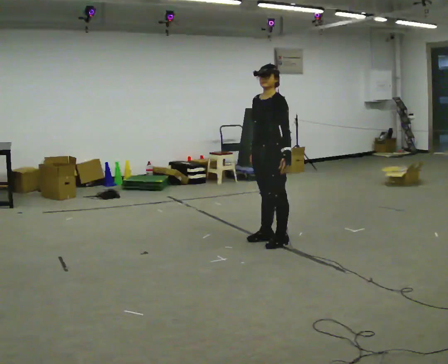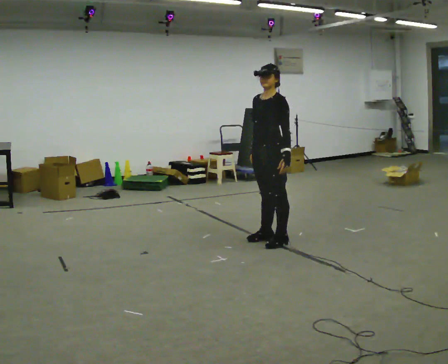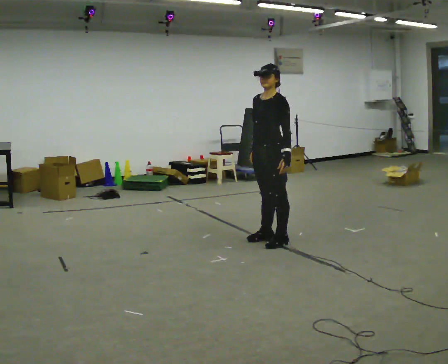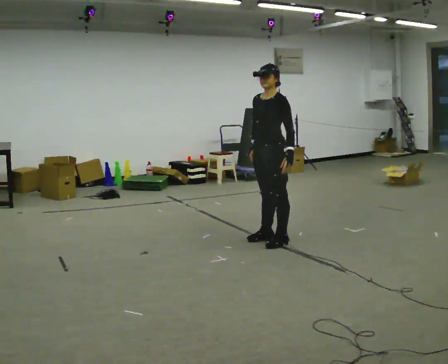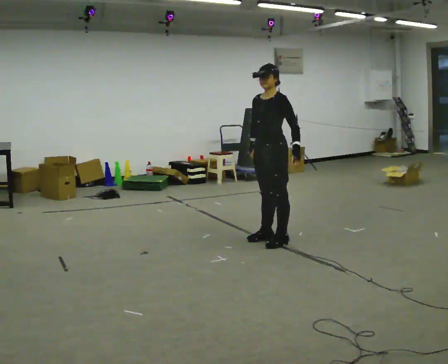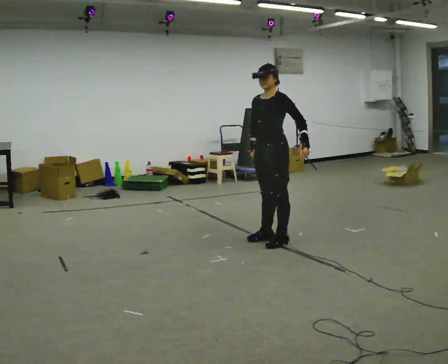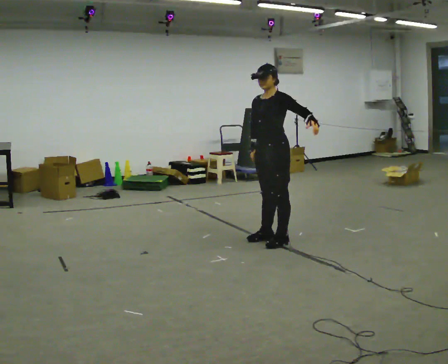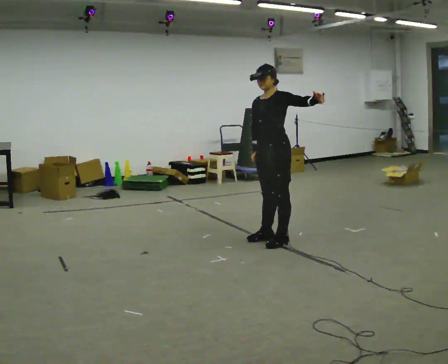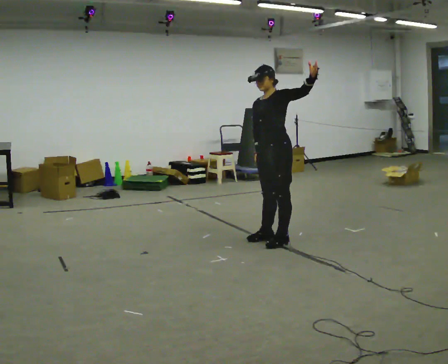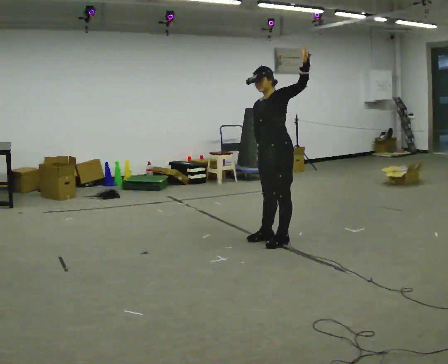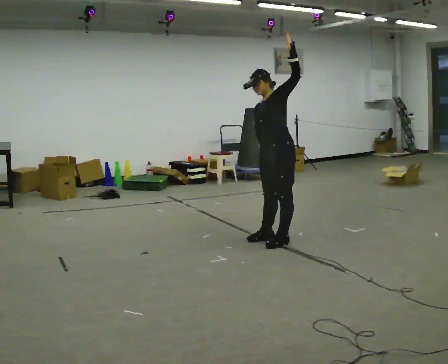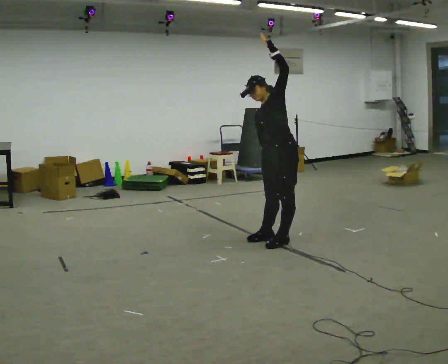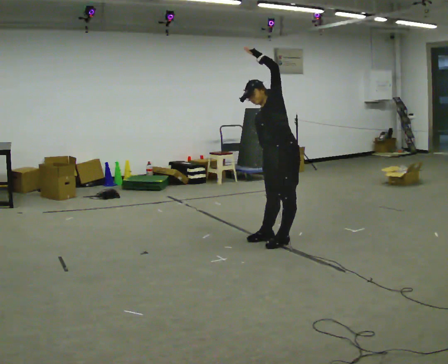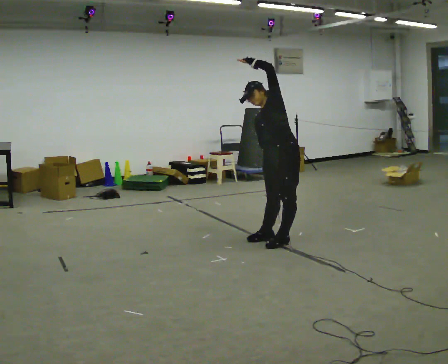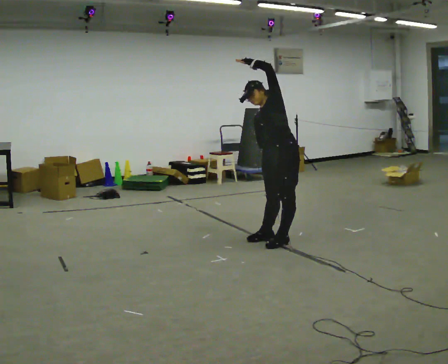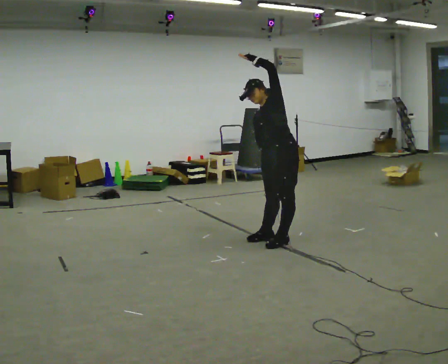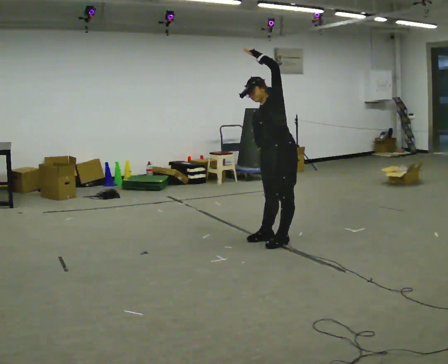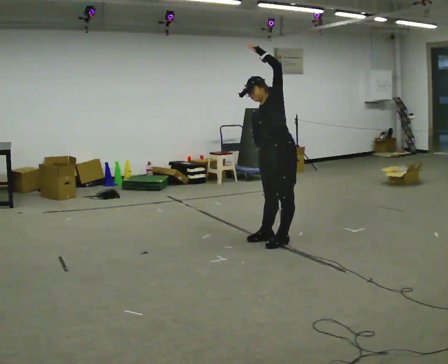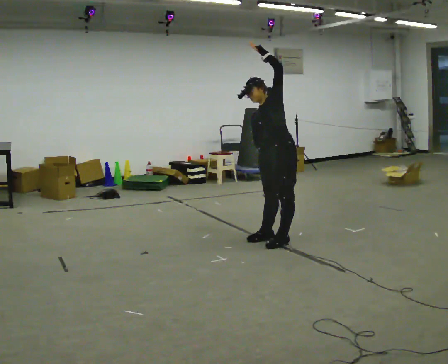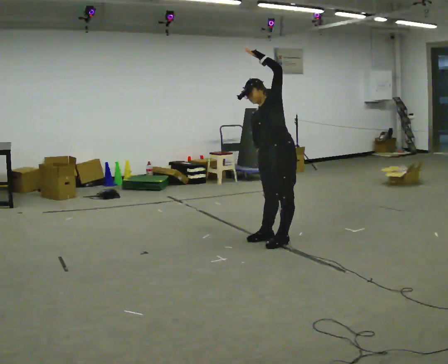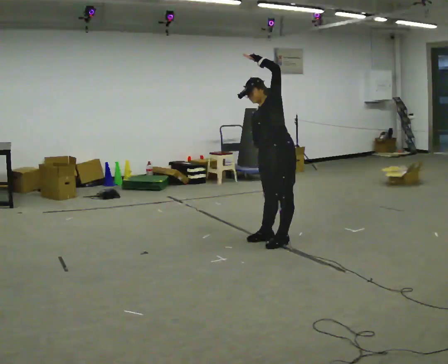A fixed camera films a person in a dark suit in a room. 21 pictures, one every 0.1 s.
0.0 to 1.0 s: In the picture their left hand goes upward, the arm swinging counterclockwise.
1.0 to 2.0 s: In the picture their left hand goes to the left.
The film runs backward here.
